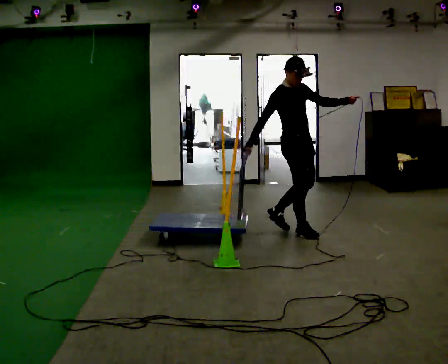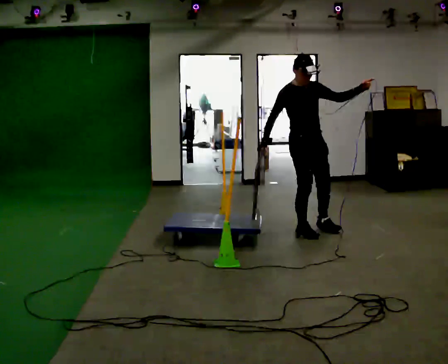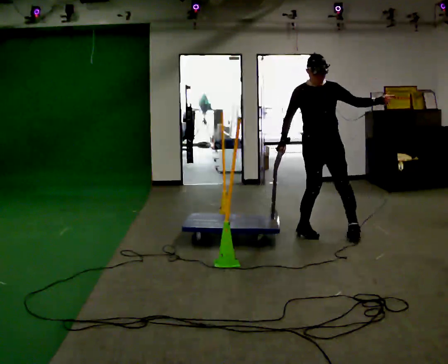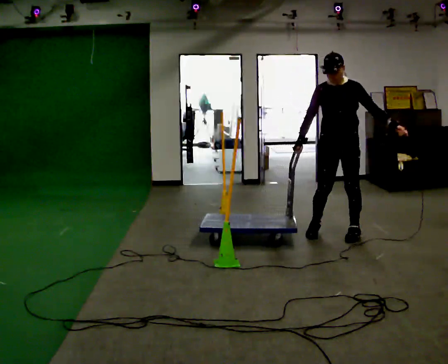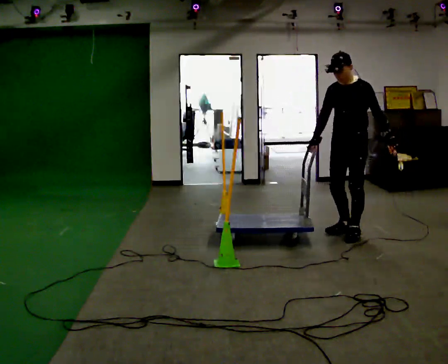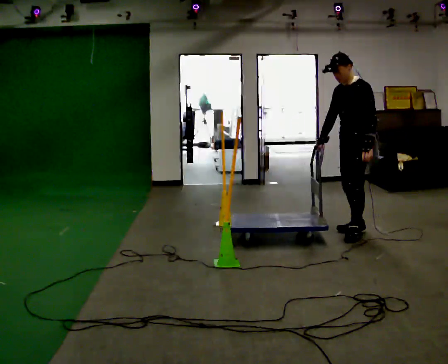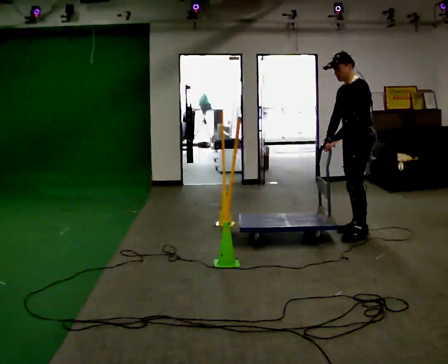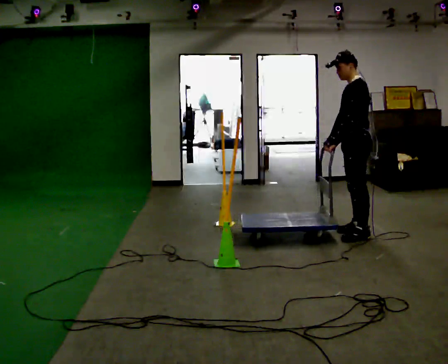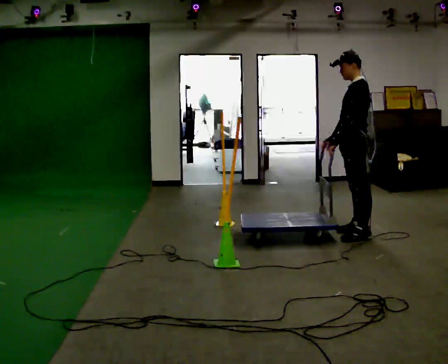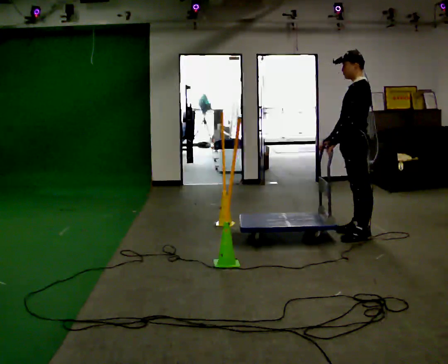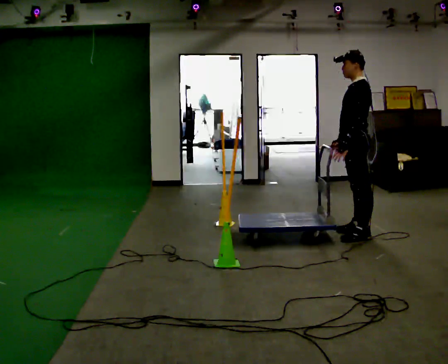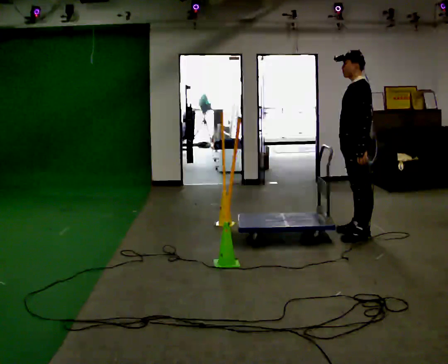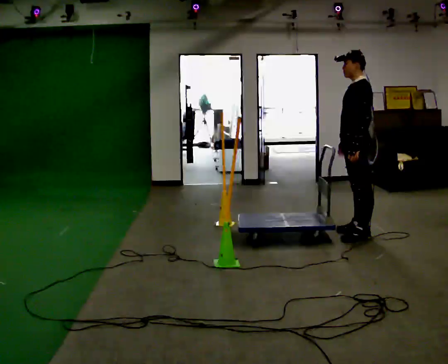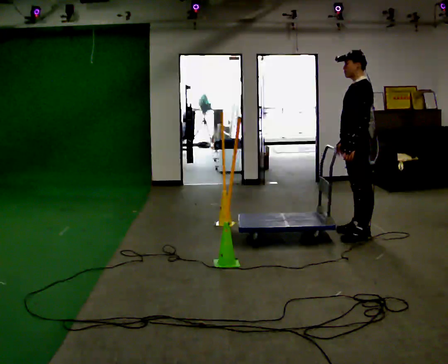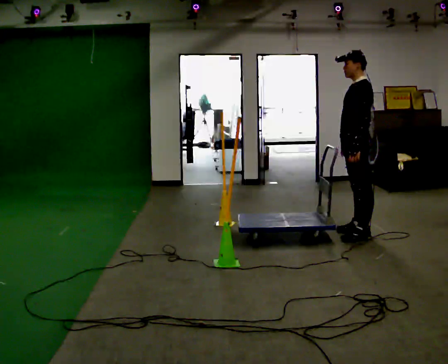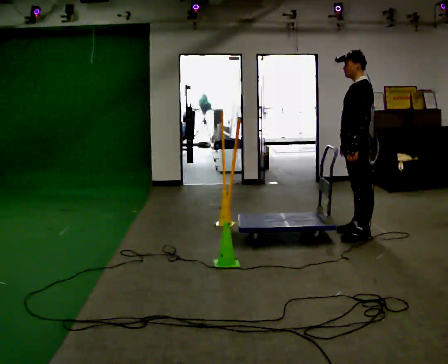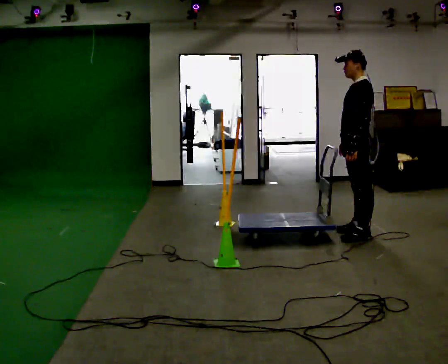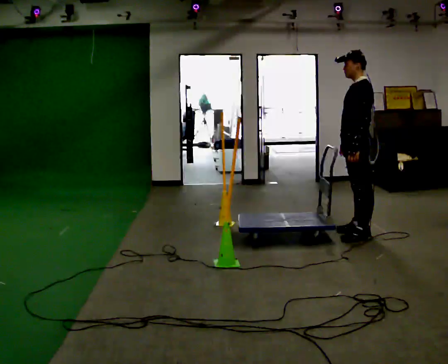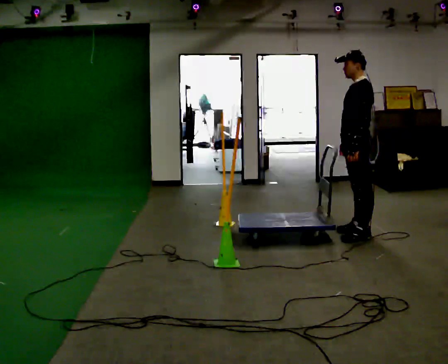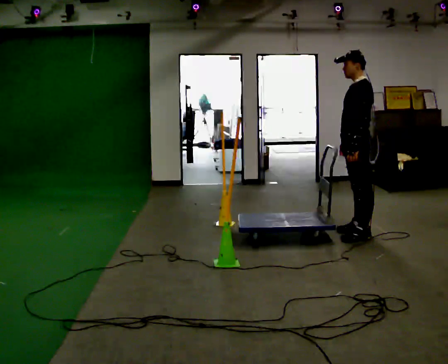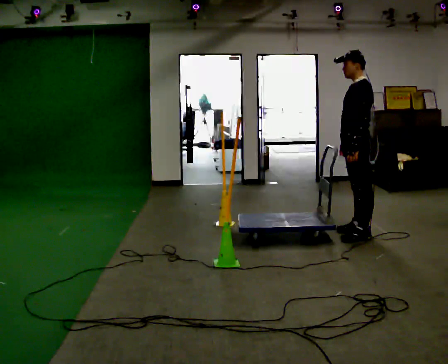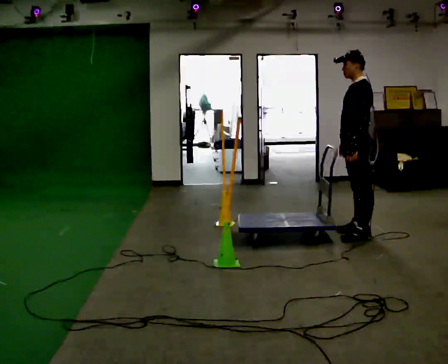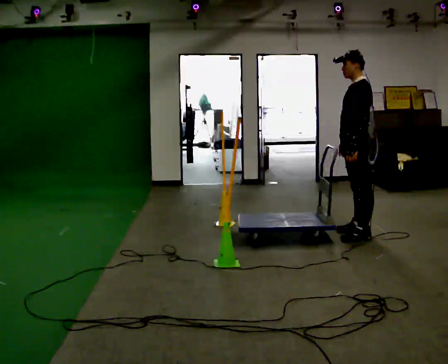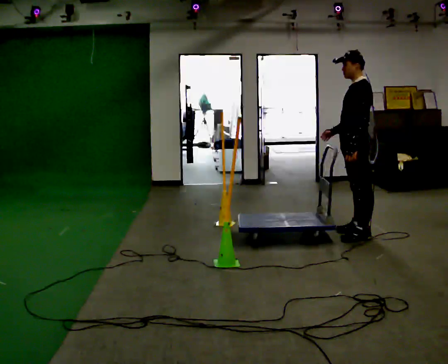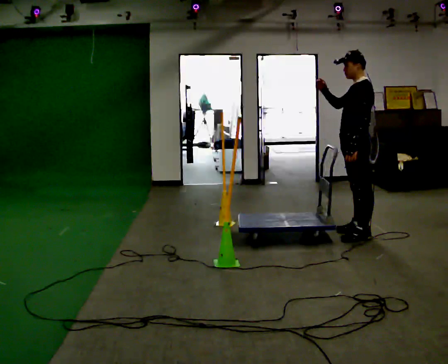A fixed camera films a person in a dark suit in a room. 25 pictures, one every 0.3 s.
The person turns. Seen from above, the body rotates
clockwise.
Their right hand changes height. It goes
upward.
0.0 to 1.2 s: The person turns about 105 degrees to their right, clockwise seen from above, so the part of the body nearest the lens slides to the left. In the picture they go to the right, about 0.5 m in 1 step. In the picture their left hand goes downward, the arm swinging clockwise.
1.2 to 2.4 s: Seen from above the body turns clockwise, about 45 degrees: to their right, with its near side sliding to the left. In the picture their left hand goes to the left, the arm swinging clockwise.
2.4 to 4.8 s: The person moves a little, or ends about where they began.
4.8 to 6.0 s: The person keeps their place and pose.
6.0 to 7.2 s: In the picture their right hand goes upward, the arm swinging clockwise.
The film runs forward here.
